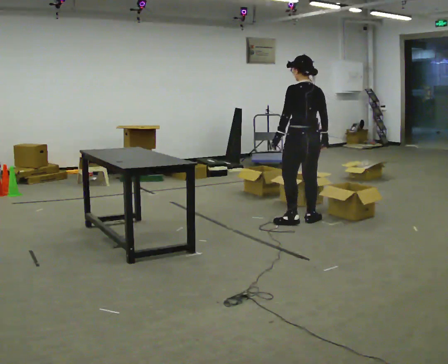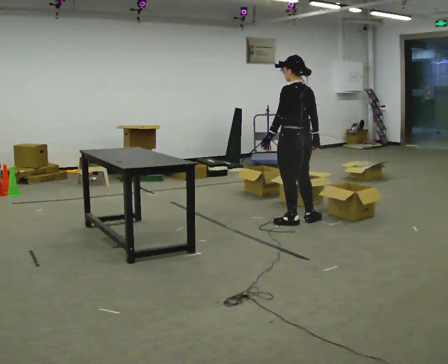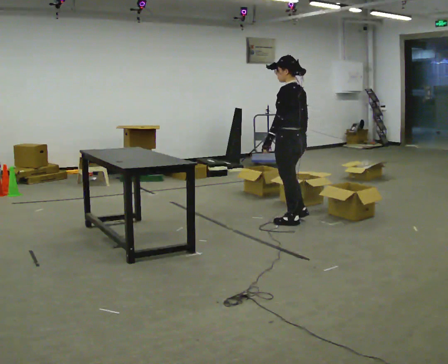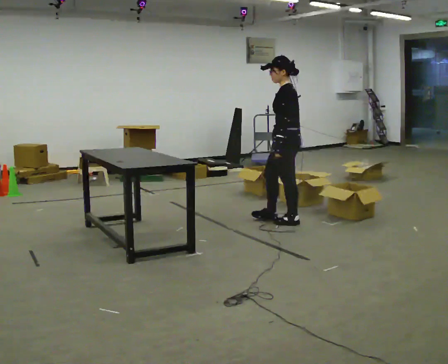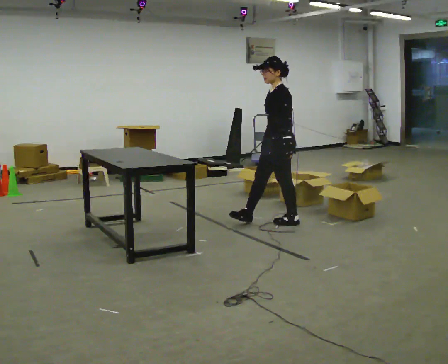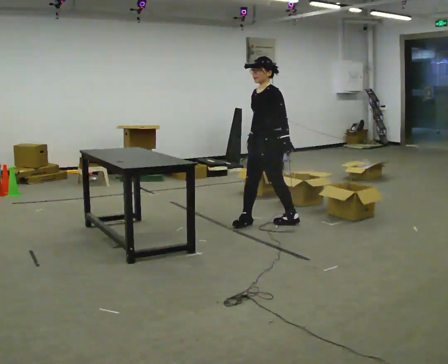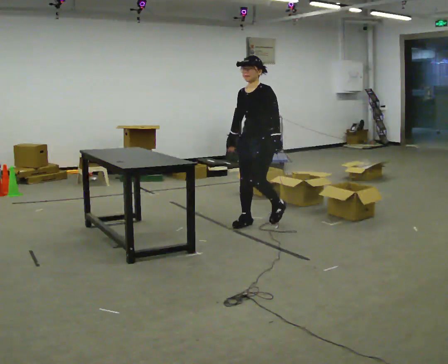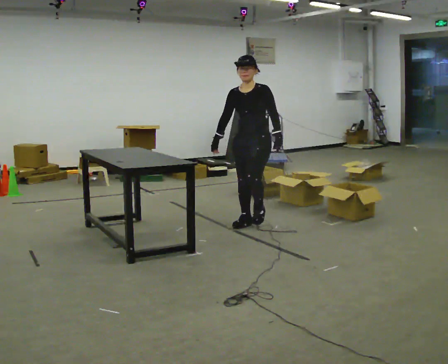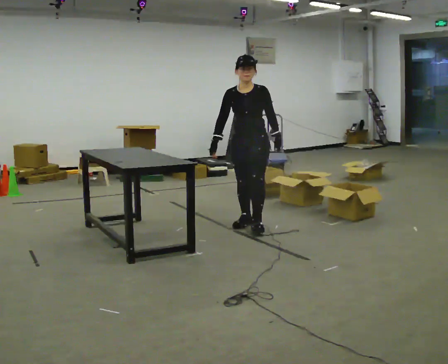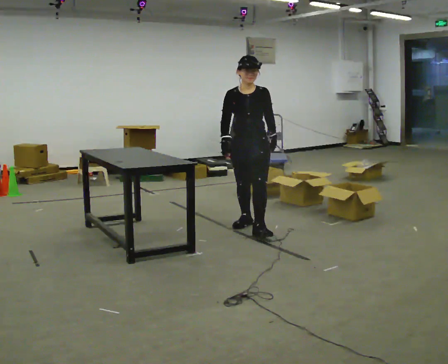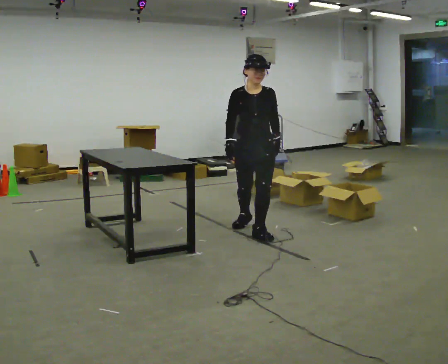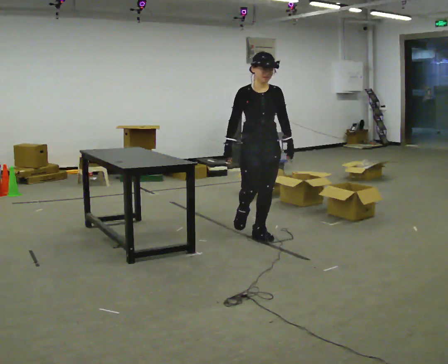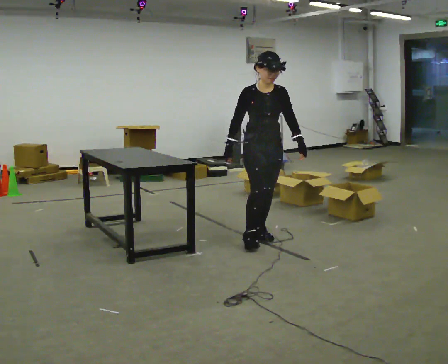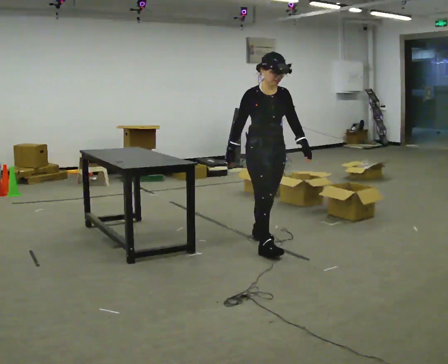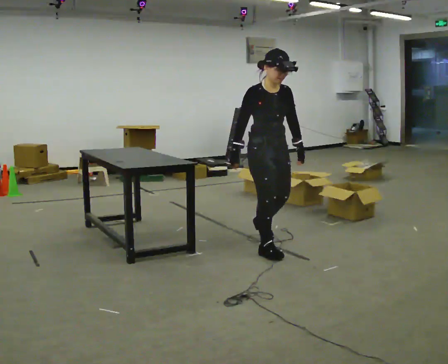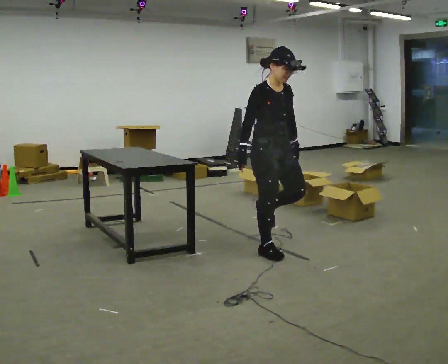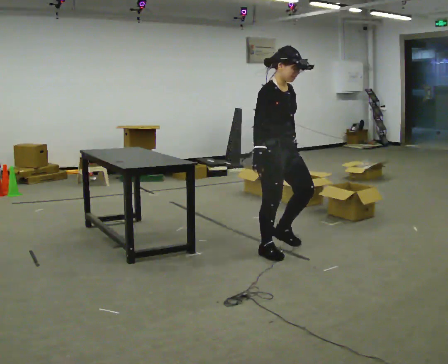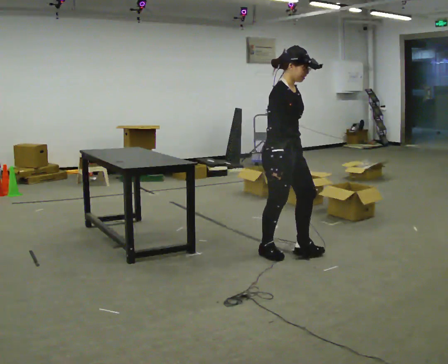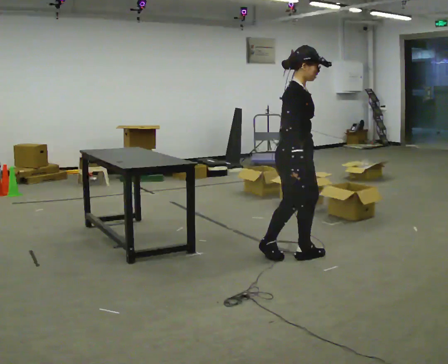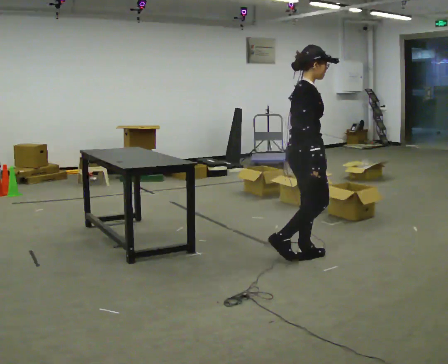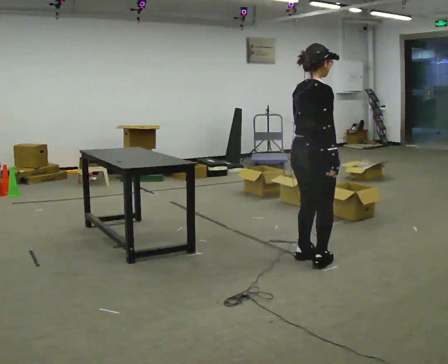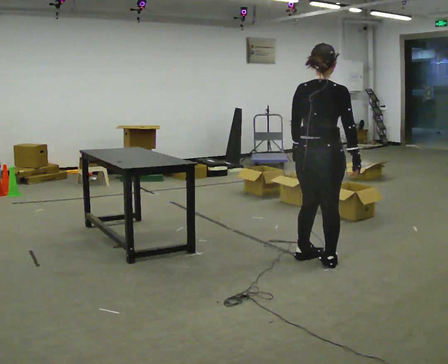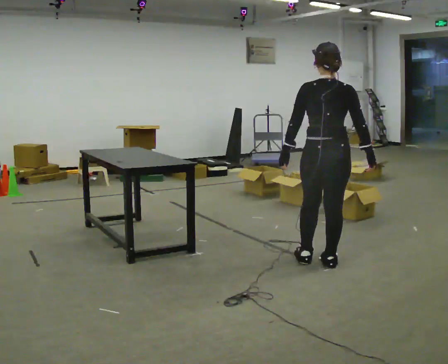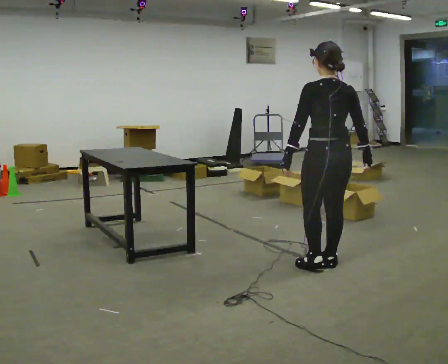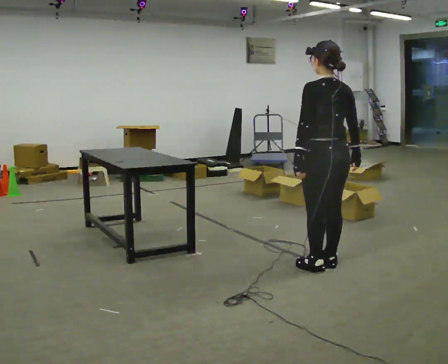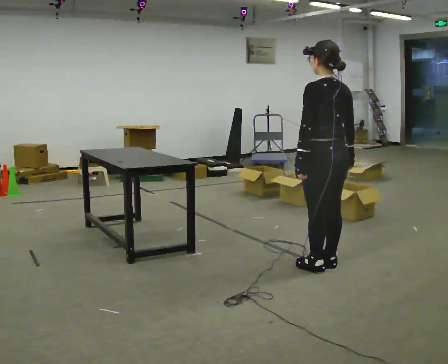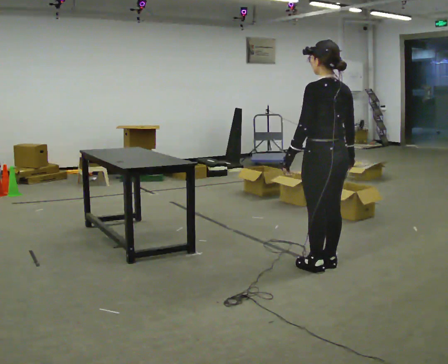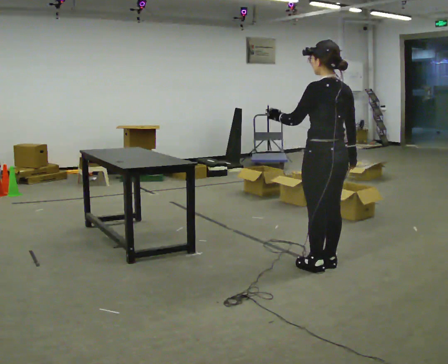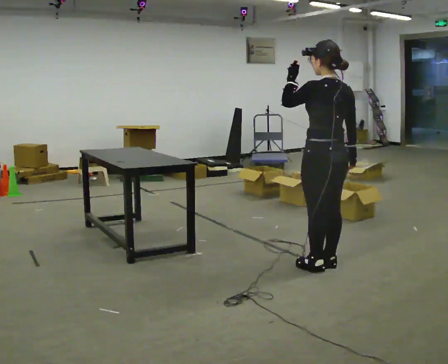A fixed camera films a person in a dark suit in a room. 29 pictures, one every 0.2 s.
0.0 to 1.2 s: Seen from above the body turns counterclockwise, about 120 degrees: to their left, with its near side sliding to the right. In the picture they go to the left, about 0.5 m in 1 step.
1.2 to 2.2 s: Seen from above the body turns counterclockwise, about 45 degrees: to their left, with its near side sliding to the right. In the picture they go toward the camera, about 0.5 m in 1 step, which for them is forward.
2.2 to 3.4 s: The part of the body nearest the lens slides to the right as the person turns to their left by about 45 degrees. In the picture they go toward the camera, about 0.5 m in 1 step, which for them is forward.
3.4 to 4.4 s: Seen from above the body turns counterclockwise, about 120 degrees: to their left, with its near side sliding to the right. In the picture they go to the right and toward the camera, about 0.5 m in 2 steps.
4.4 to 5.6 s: Seen from above the body turns counterclockwise, about 30 degrees: to their left, with its near side sliding to the right. In the picture their left hand goes upward.
The film runs forward here.
